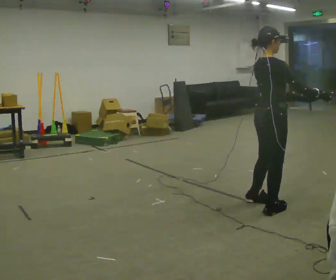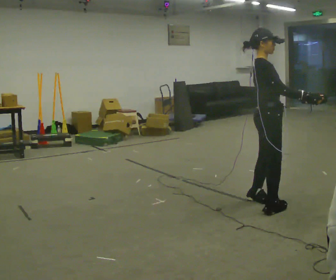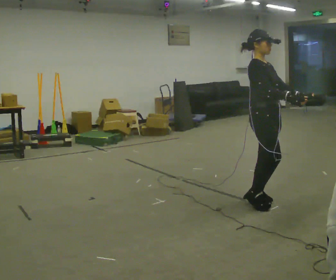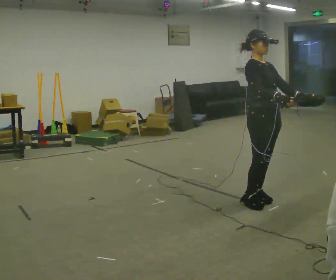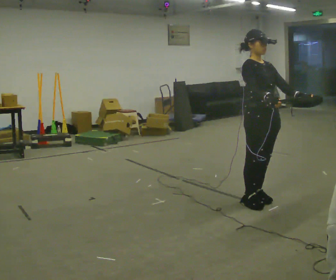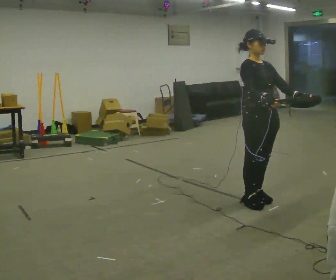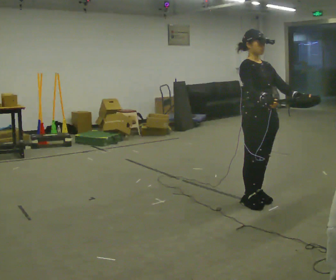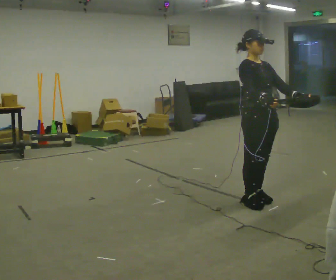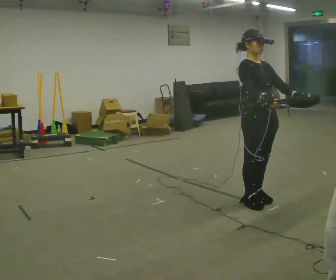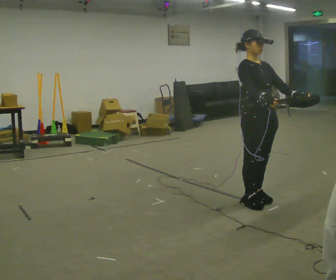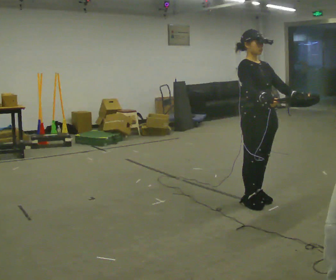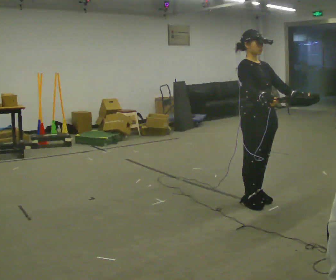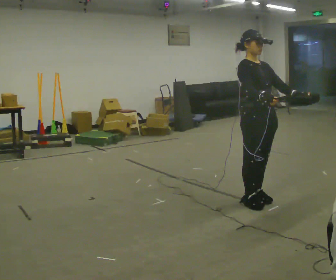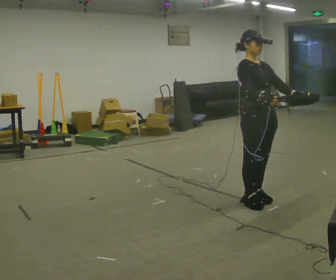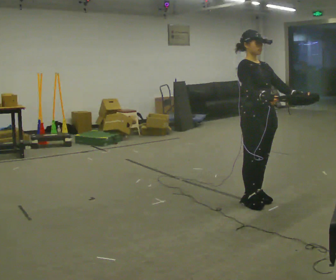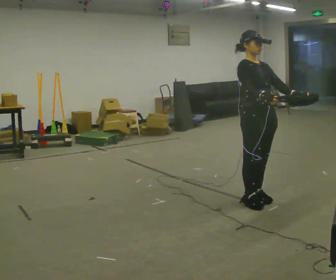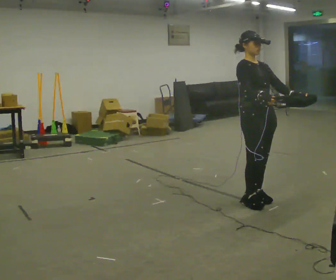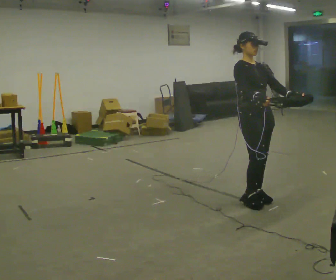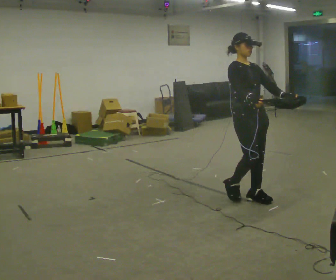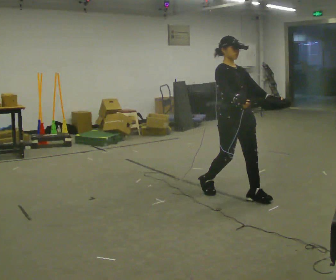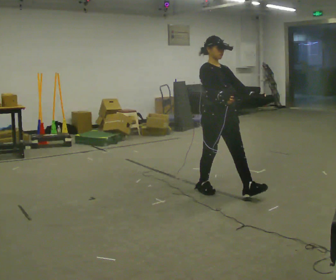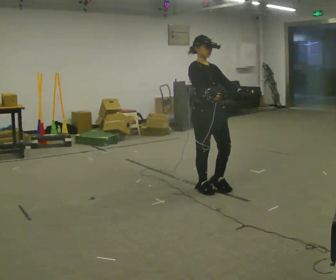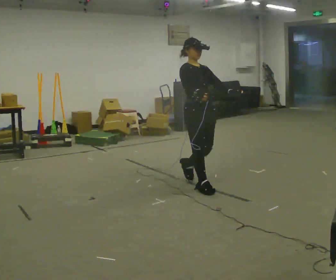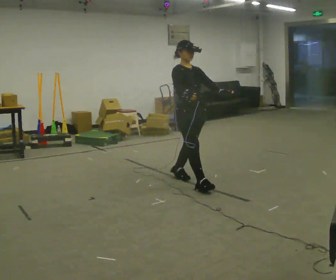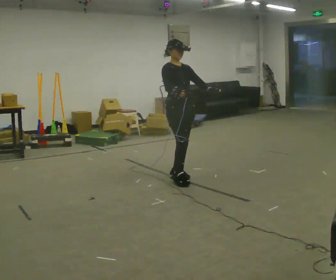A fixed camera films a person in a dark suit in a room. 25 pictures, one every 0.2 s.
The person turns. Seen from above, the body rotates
clockwise.
The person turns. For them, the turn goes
to their right.
0.0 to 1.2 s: The person turns about 75 degrees to their right, clockwise seen from above, so the part of the body nearest the lens slides to the left. In the picture their right hand goes to the left.
1.2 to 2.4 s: The person keeps their place and pose.
2.4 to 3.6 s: The person moves a little, or ends about where they began.
3.6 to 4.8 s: In the picture they go to the left and away from the camera, about 1 m in 2 steps, which for them is backward.
The film runs backward here.
